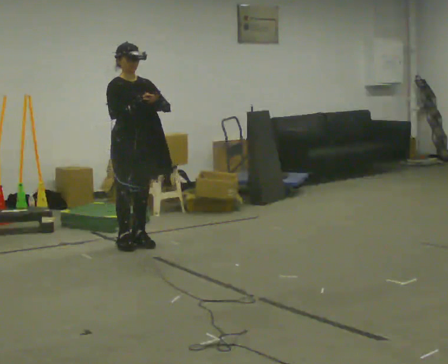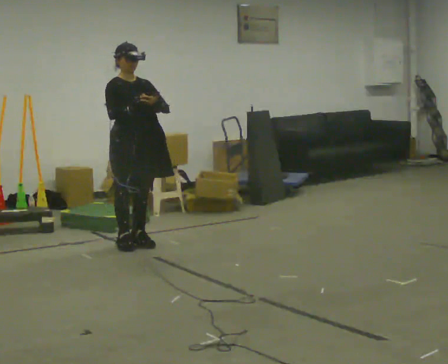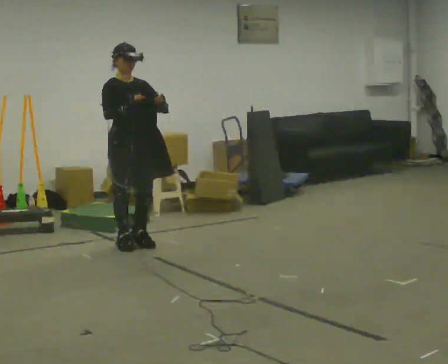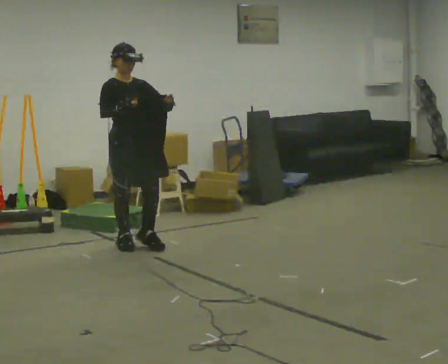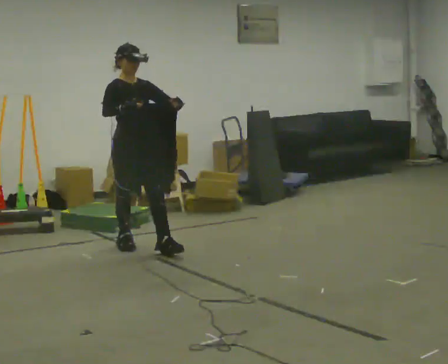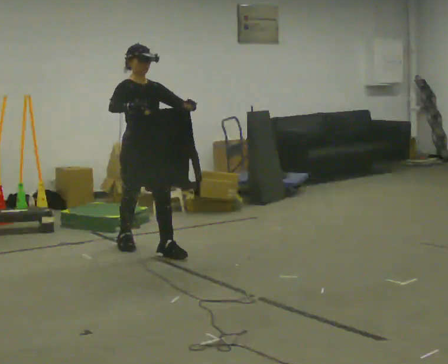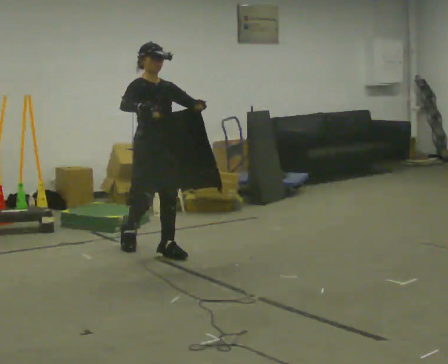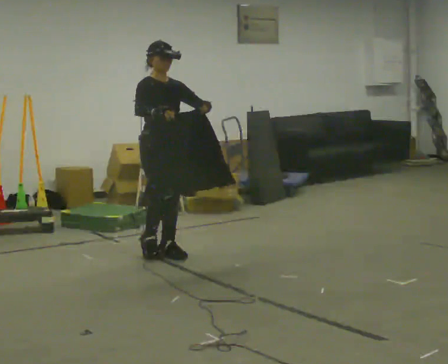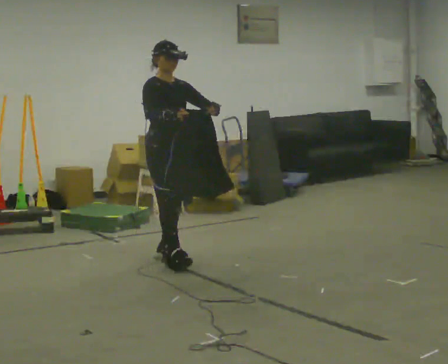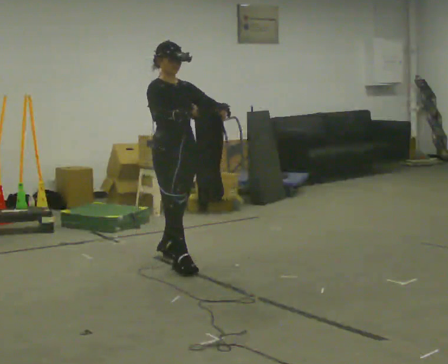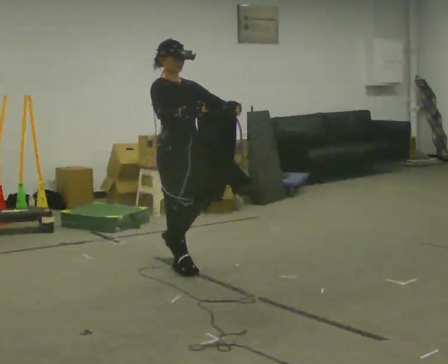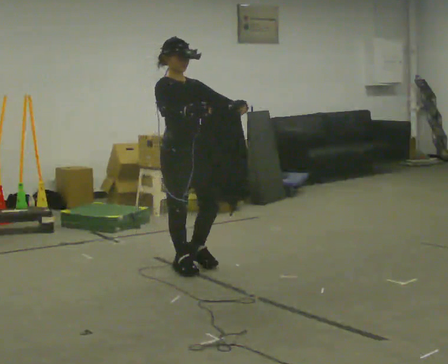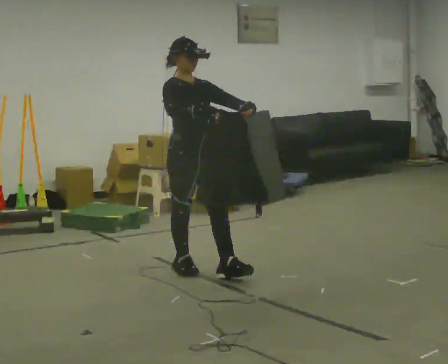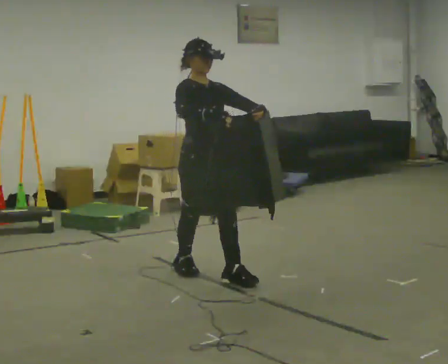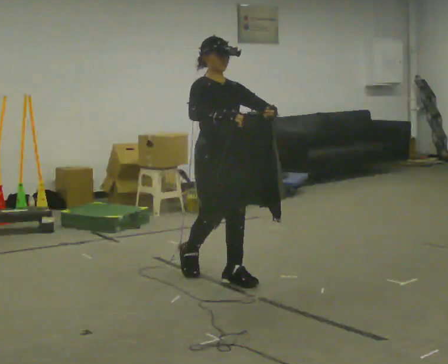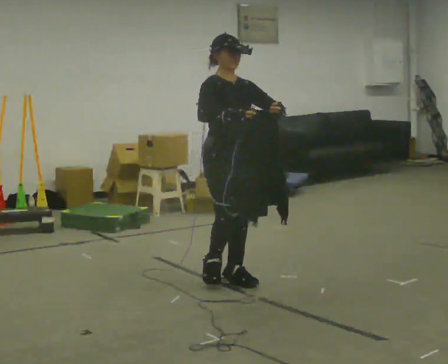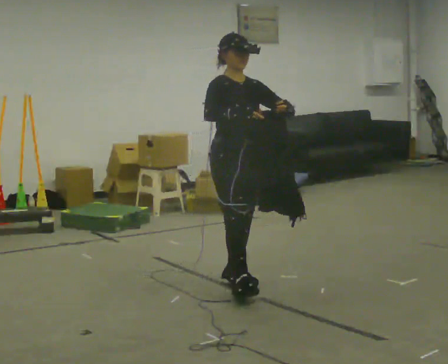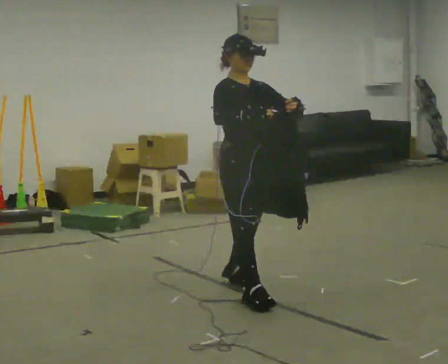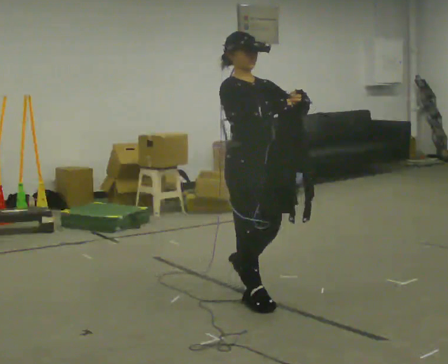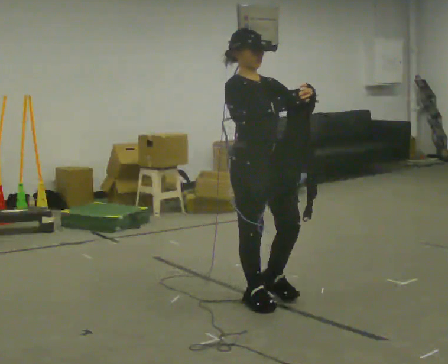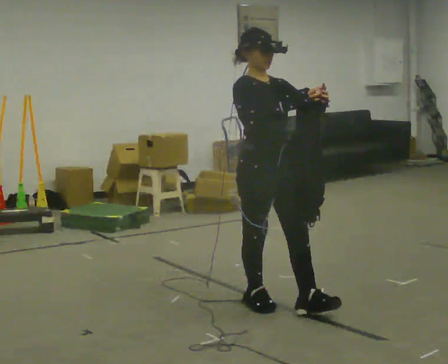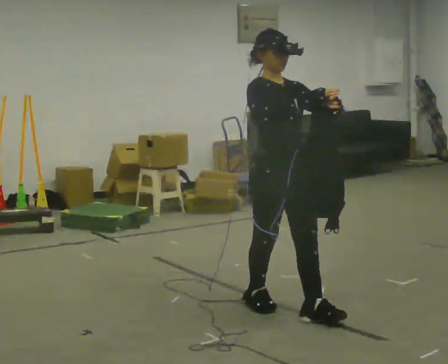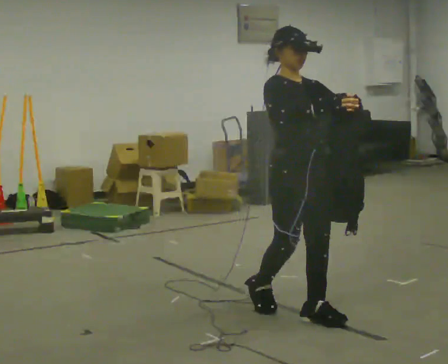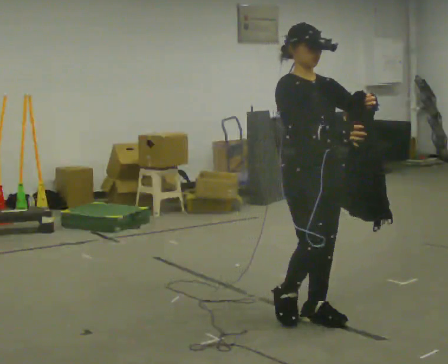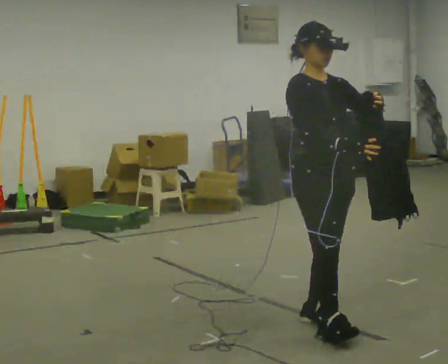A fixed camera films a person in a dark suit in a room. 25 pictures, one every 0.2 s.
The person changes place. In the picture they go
toward the camera.
0.0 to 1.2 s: In the picture they go toward the camera and to the right, about 0.25 m in 1 step, which for them is forward.
1.2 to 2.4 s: In the picture they go toward the camera and to the right, about 0.5 m in 1 step, which for them is forward.
2.4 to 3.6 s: In the picture they go toward the camera and to the right, about 0.75 m in 2 steps, which for them is forward.
3.6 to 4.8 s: In the picture they go toward the camera and to the right, about 0.5 m in 1 step, which for them is forward.
The film runs forward here.
